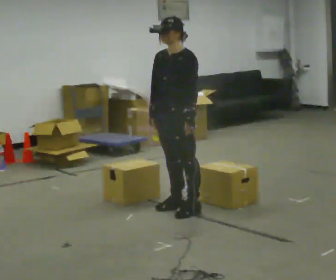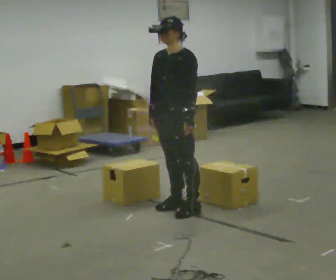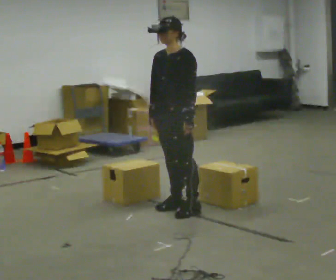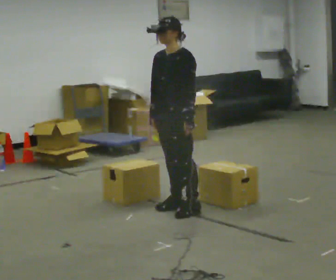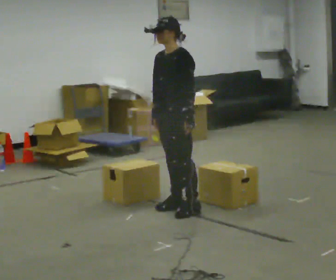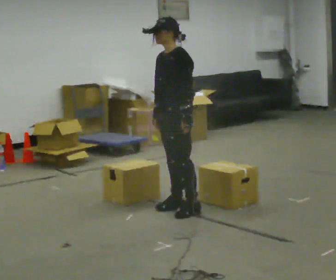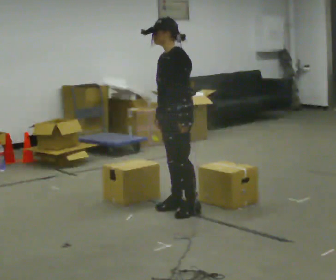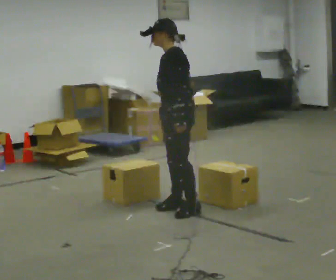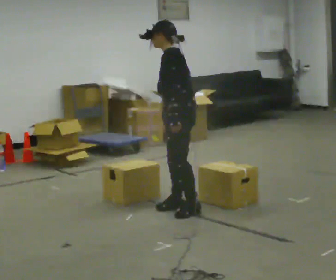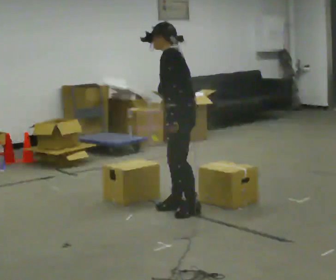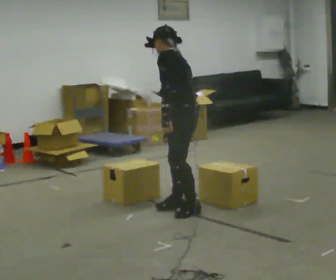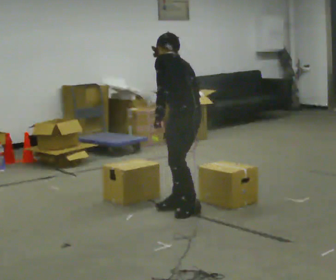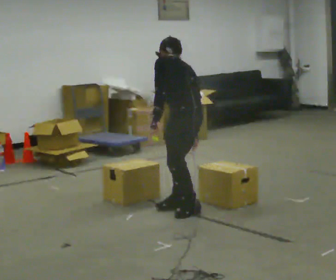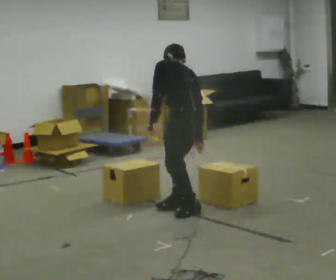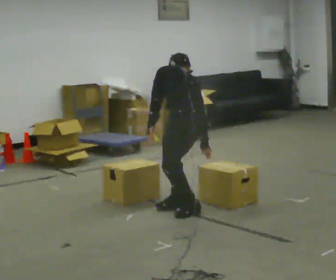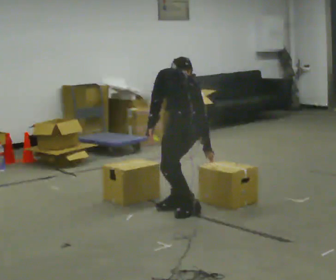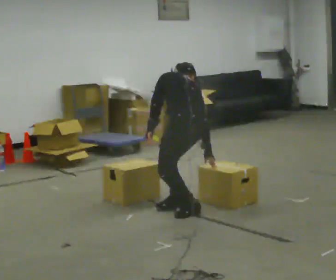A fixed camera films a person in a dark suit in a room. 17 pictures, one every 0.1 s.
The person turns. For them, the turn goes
to their right.
The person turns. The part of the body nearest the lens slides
to the left.
0.0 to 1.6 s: The part of the body nearest the lens slides to the left as the person turns to their right by about 90 degrees. In the picture they go toward the camera, about 0.25 m. The shoulders move downward. The upper body tips away from the camera, its near side rolling upward, as they bend forward. In the picture their left hand goes to the left, the arm swinging clockwise.
The film runs backward here.
